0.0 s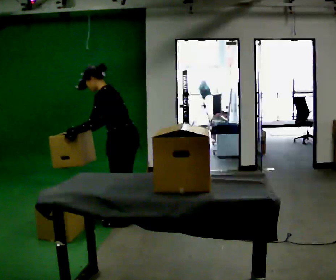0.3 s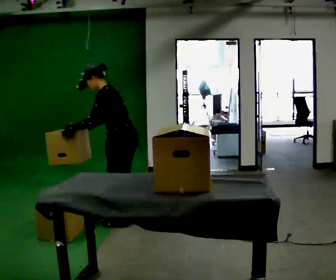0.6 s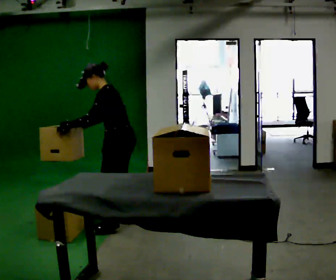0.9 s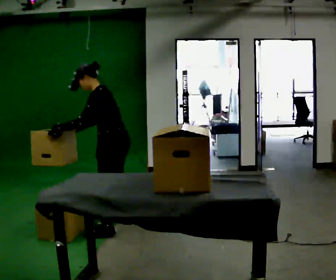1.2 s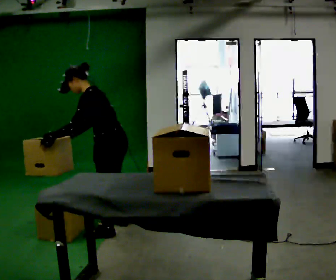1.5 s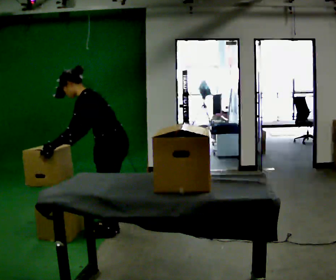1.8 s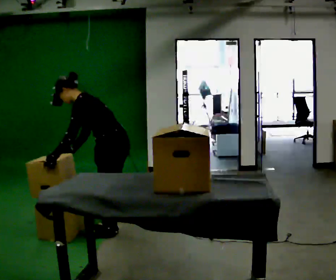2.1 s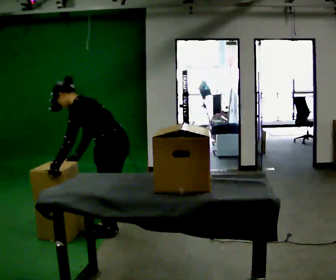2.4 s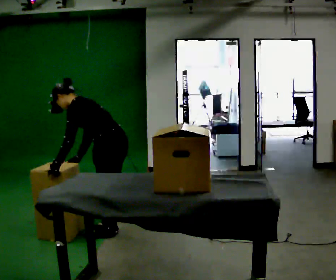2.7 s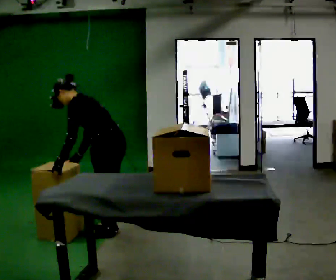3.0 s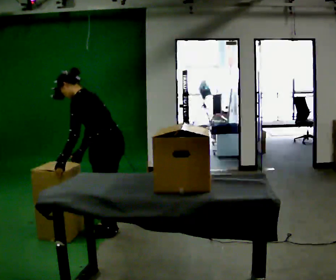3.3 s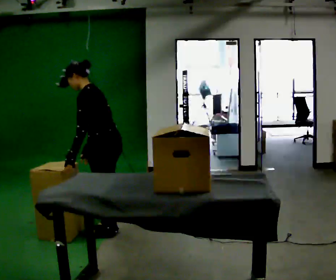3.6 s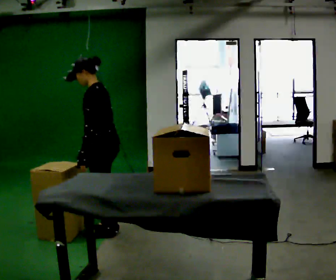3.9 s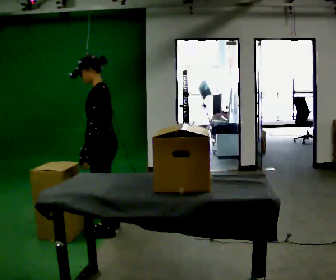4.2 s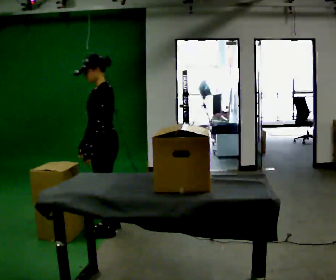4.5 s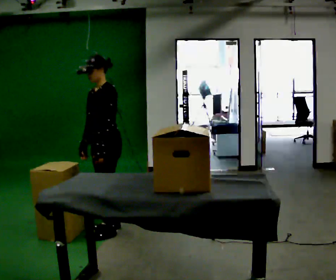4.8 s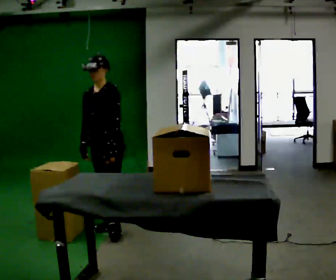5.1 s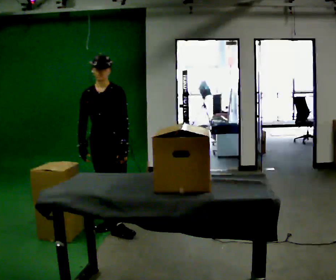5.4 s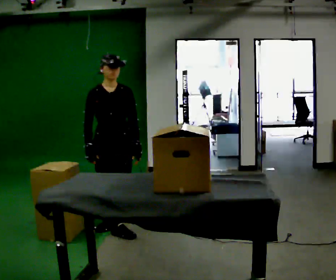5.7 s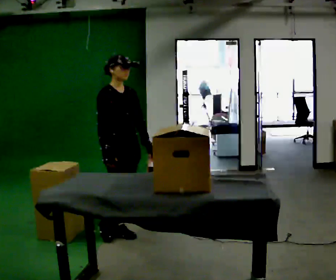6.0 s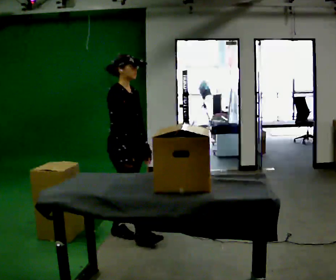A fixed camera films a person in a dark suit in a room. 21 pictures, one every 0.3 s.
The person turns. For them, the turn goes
to their left.
The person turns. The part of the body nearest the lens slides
to the right.
0.0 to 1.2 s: In the picture they go toward the camera, about 0.25 m in 1 step, which for them is to their left.
1.2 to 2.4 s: In the picture the upper body tilts counterclockwise, shoulders to the left, as they bend forward.
2.4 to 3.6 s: In the picture the upper body tilts clockwise, shoulders to the right, as they lean back or straighten.
3.6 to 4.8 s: Seen from above the body turns counterclockwise, about 60 degrees: to their left, with its near side sliding to the right. In the picture they go away from the camera, about 0.25 m in 1 step, which for them is to their right.
4.8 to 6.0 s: The person turns about 105 degrees to their left, counterclockwise seen from above, so the part of the body nearest the lens slides to the right. In the picture they go toward the camera, about 0.25 m.
The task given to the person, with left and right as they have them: Take an object off the waist-height shelf, carry it across the room, and set it down on the floor. Keep going until the operator says stop; one object at a time, and do not rush between trips.
The film runs forward here.
